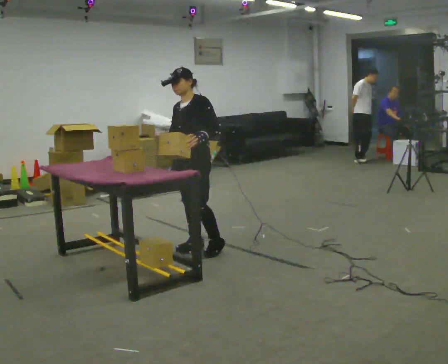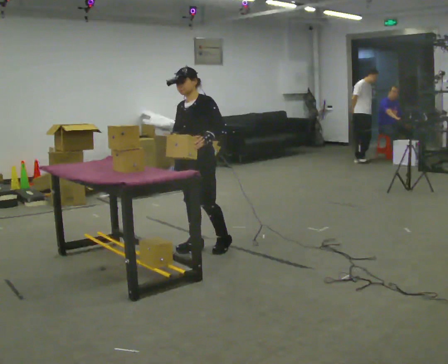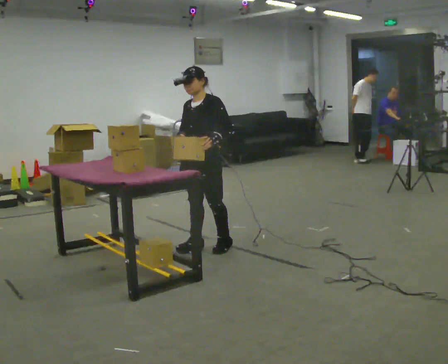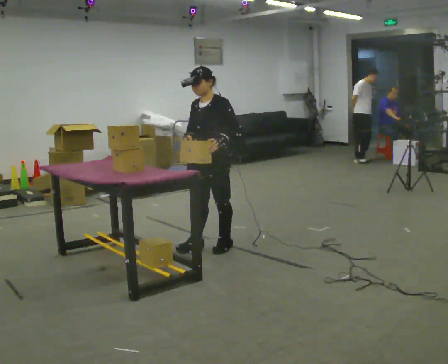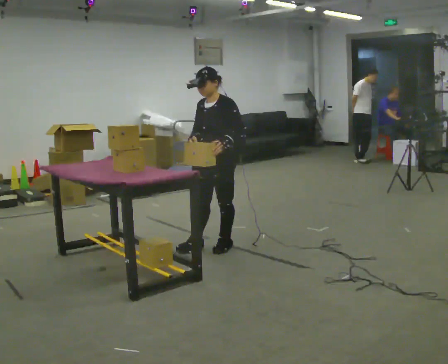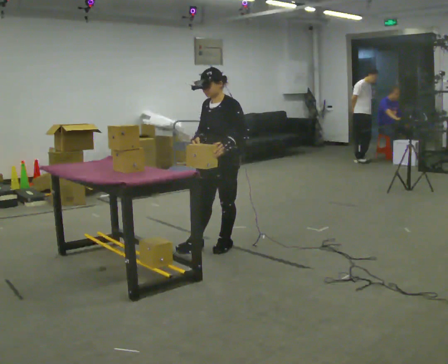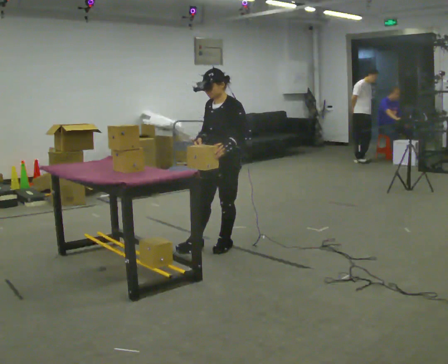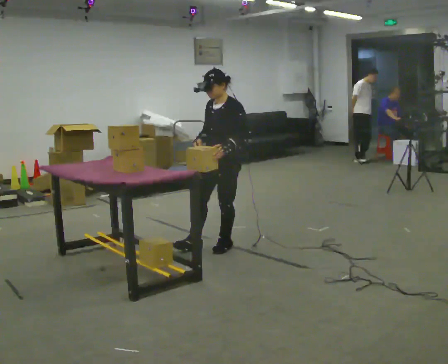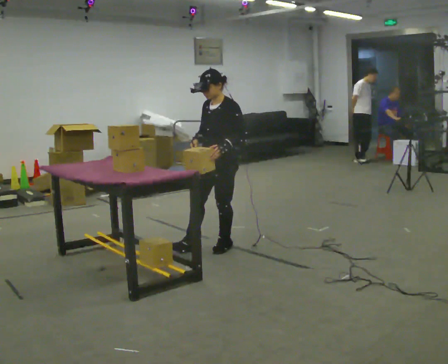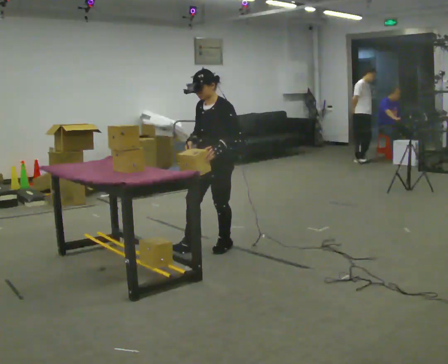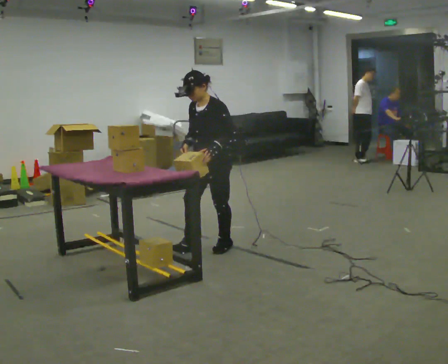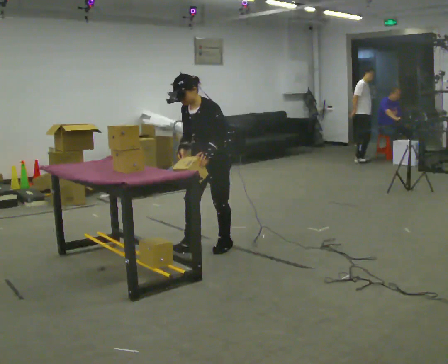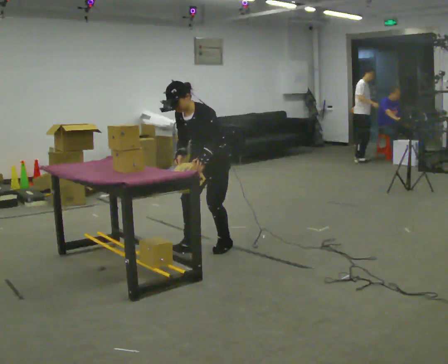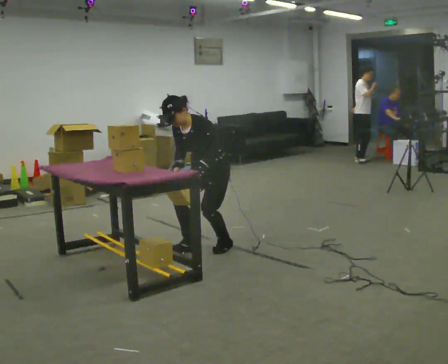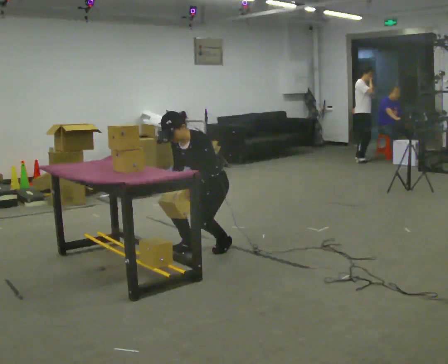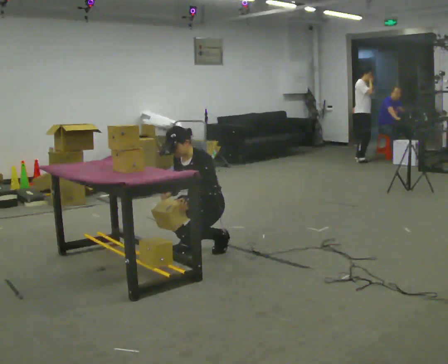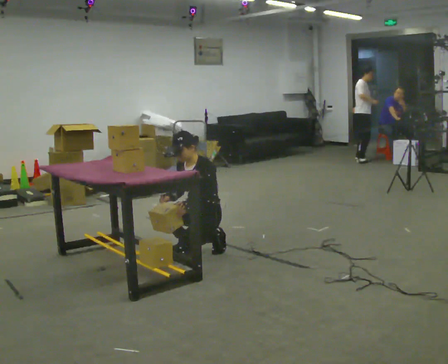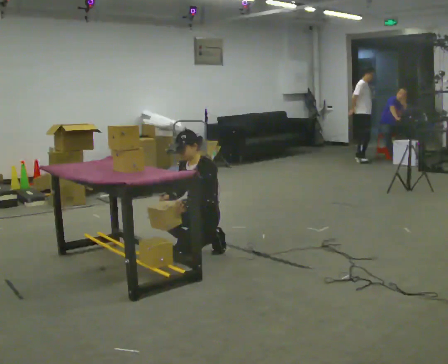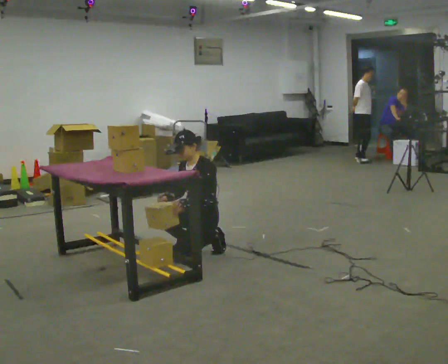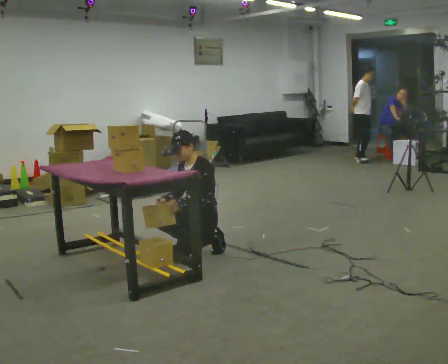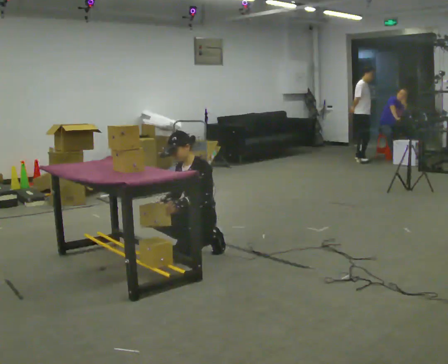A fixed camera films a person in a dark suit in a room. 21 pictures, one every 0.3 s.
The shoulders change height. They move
downward.
Their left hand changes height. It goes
downward.
0.0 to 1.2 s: In the picture they go to the right, about 0.25 m in 1 step, which for them is backward and to their left.
1.2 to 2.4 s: The person moves a little, or ends about where they began.
2.4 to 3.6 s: In the picture the upper body tilts counterclockwise, shoulders to the left, as they bend forward.
3.6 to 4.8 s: The upper body goes downward. In the picture their left hand goes downward.
4.8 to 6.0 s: The person moves a little, or ends about where they began.
The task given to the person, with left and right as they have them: Crouch down and place the object on the lowest shelf, then stand back up. Do not step. Repeat at your own pace until the operator says stop.
The film runs forward here.
